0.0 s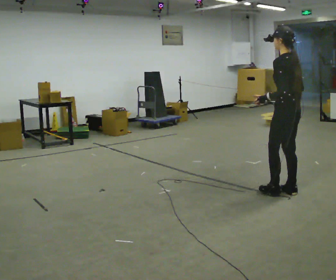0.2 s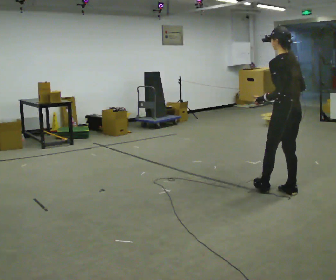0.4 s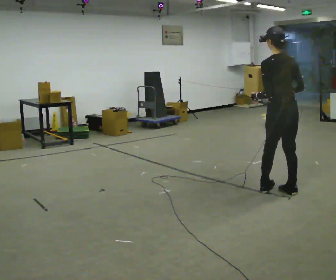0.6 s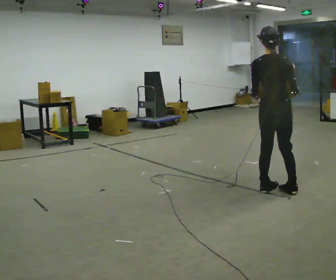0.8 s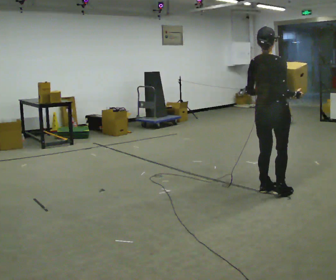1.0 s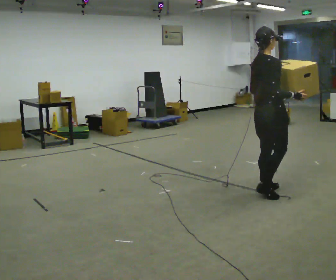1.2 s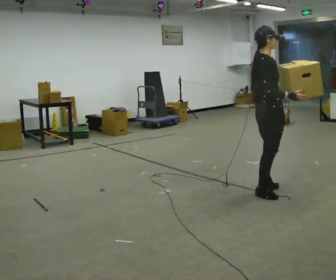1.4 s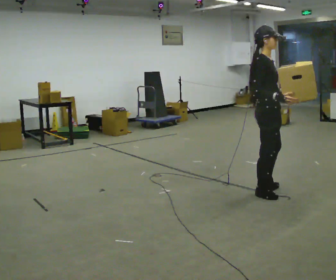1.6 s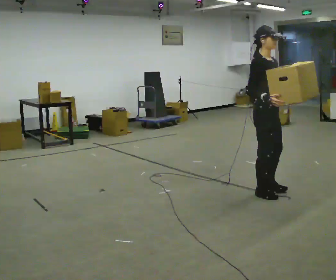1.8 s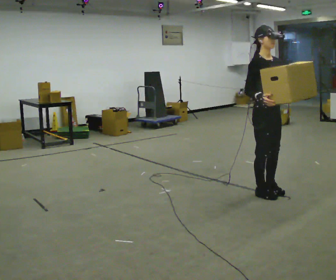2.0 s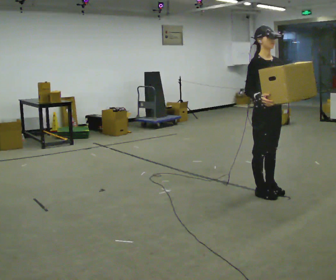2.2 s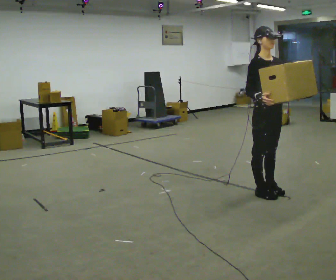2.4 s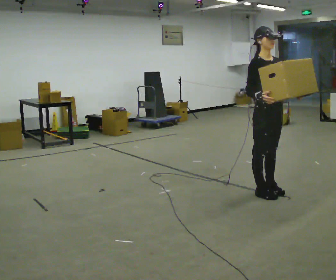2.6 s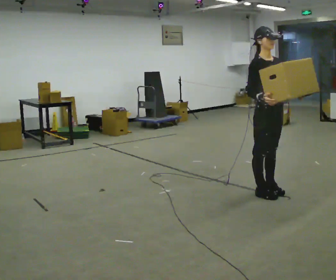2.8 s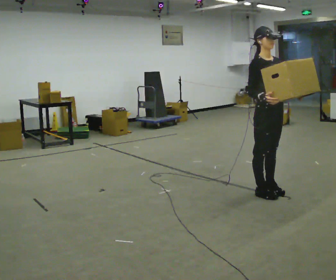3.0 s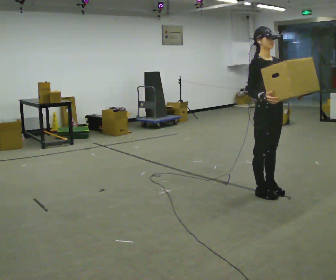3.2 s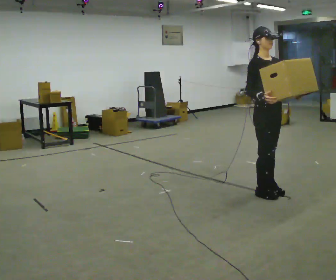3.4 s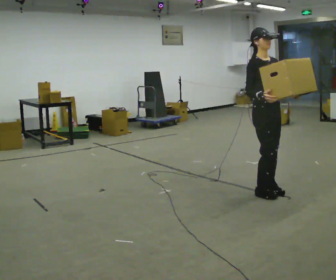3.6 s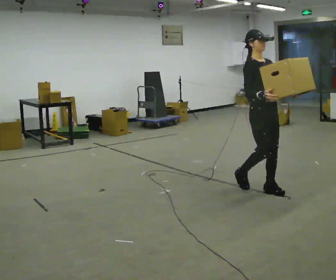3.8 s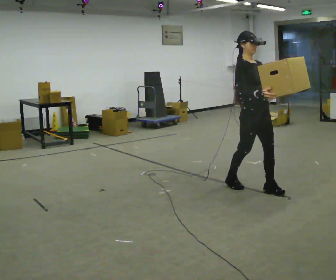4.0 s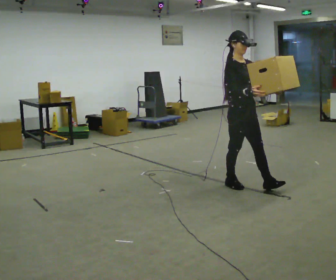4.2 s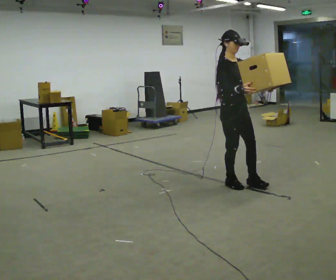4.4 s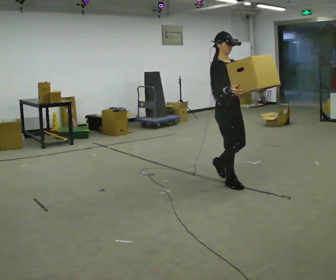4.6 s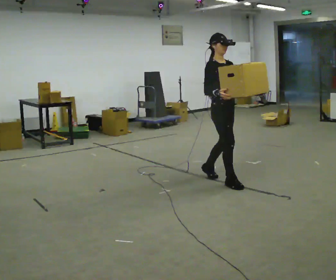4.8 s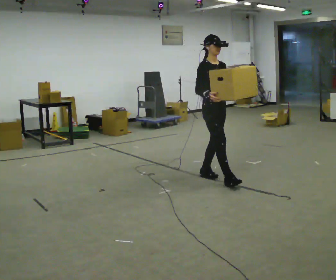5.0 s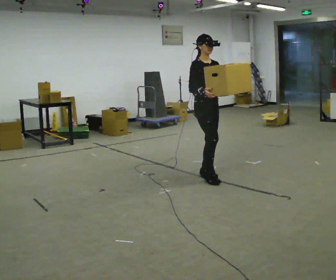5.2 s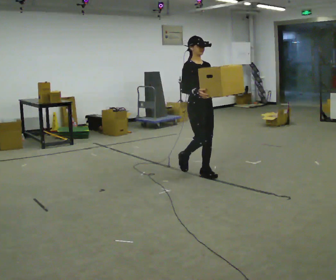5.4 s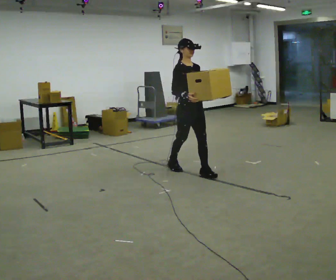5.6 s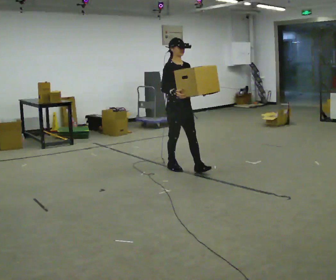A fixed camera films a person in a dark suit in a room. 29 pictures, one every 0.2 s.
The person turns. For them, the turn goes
to their right.
The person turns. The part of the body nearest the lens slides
to the left.
0.0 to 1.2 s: The part of the body nearest the lens slides to the left as the person turns to their right by about 135 degrees. In the picture they go to the left, about 0.25 m in 1 step.
1.2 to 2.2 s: The person turns about 60 degrees to their right, clockwise seen from above, so the part of the body nearest the lens slides to the left. In the picture their right hand goes to the left.
2.2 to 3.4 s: The person moves a little, or ends about where they began.
3.4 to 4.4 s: In the picture they go to the left and away from the camera, about 0.5 m in 2 steps, which for them is backward.
4.4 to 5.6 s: In the picture they go to the left and away from the camera, about 1 m in 2 steps, which for them is backward.
The film runs backward here.
